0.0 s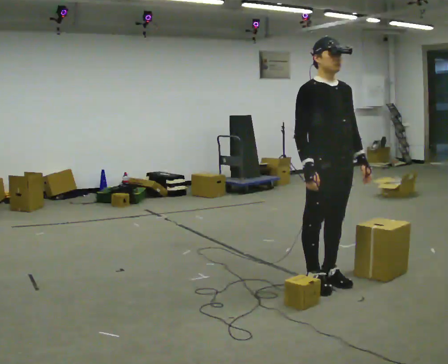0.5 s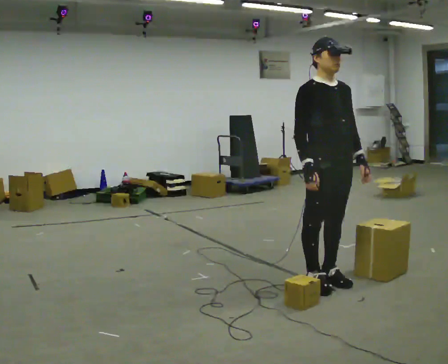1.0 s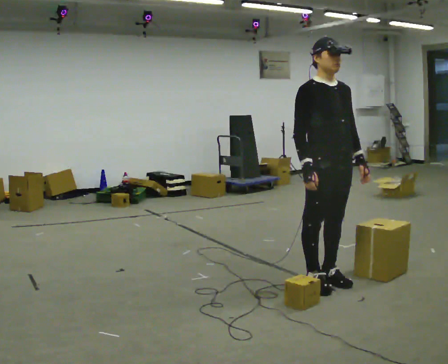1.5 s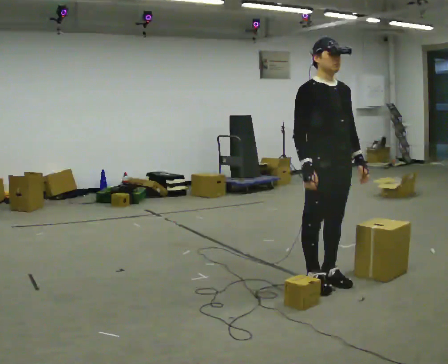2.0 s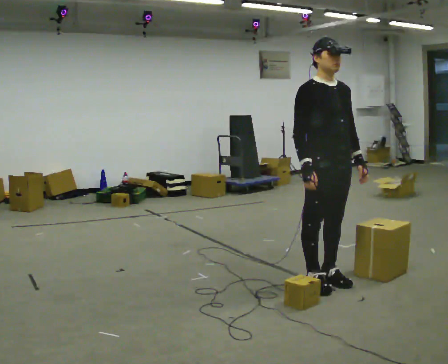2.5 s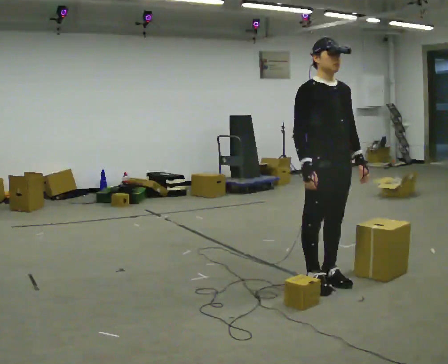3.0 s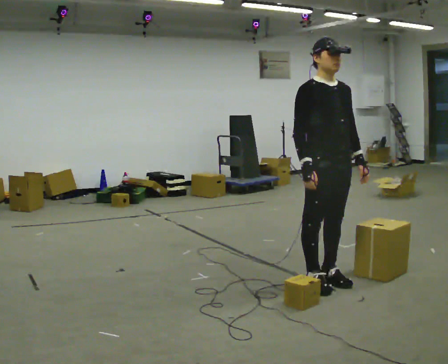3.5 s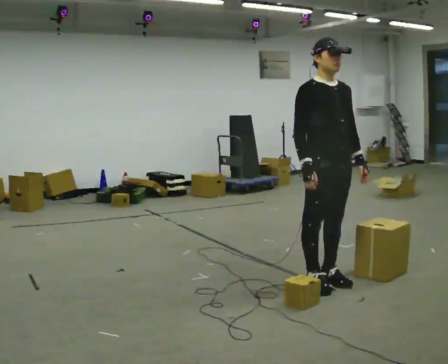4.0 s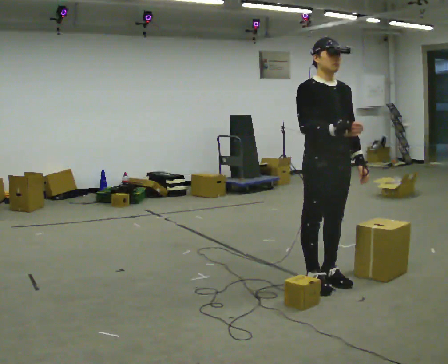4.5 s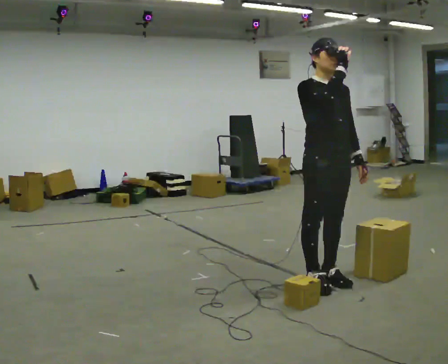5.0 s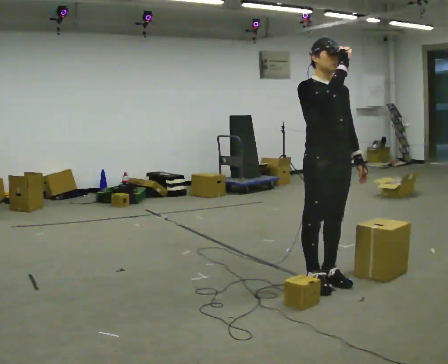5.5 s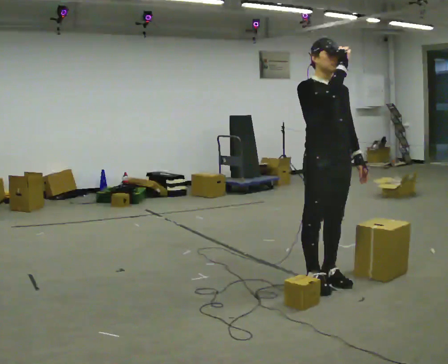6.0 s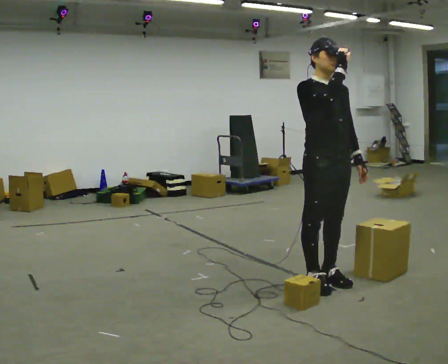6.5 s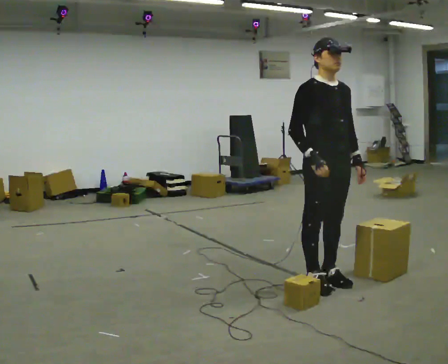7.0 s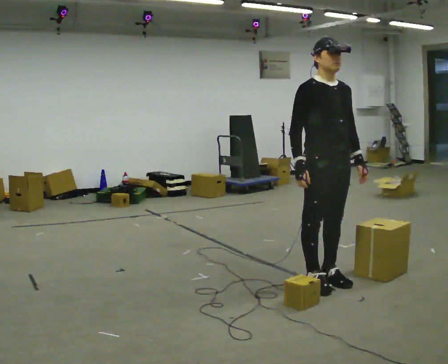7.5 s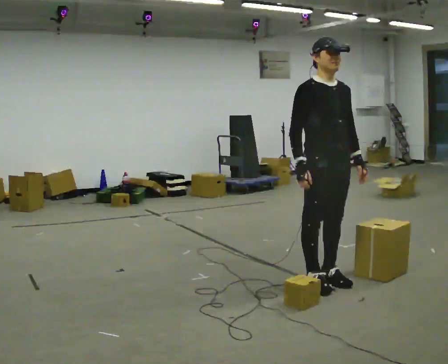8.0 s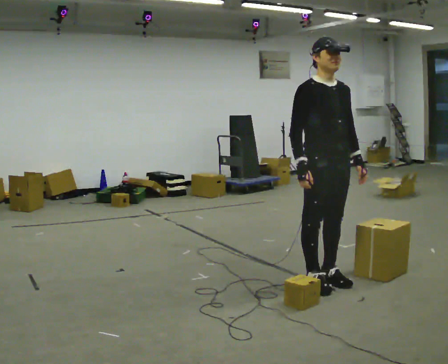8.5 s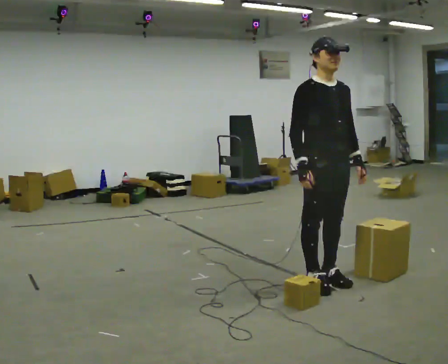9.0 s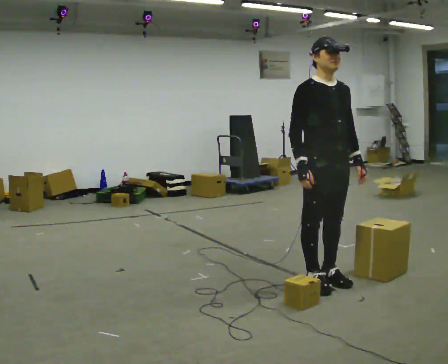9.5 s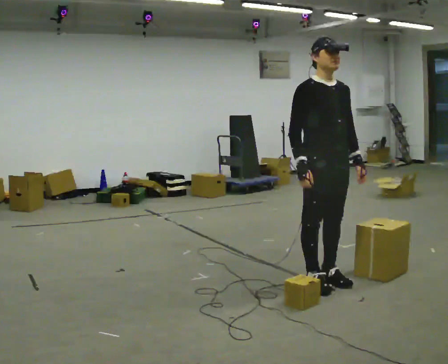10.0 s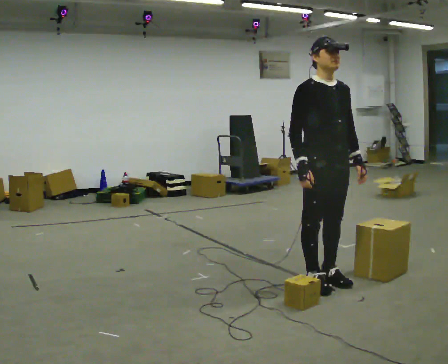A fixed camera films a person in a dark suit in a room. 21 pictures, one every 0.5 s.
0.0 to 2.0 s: The person moves a little, or ends about where they began.
2.0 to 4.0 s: In the picture their right hand goes upward.
4.0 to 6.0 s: The person moves a little, or ends about where they began.
6.0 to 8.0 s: In the picture their right hand goes downward.
8.0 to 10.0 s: The person keeps their place and pose.
The film runs forward here.
